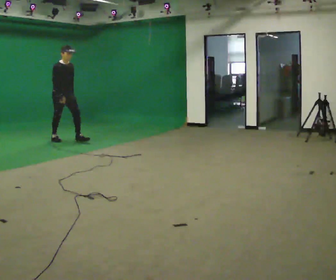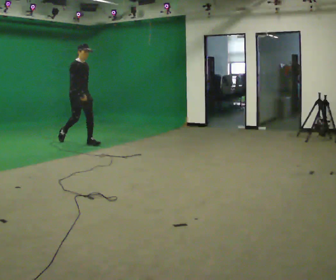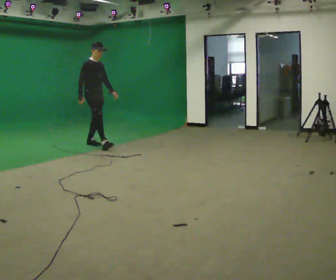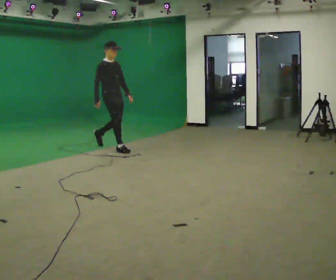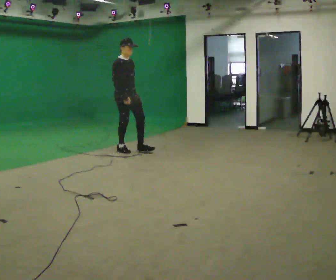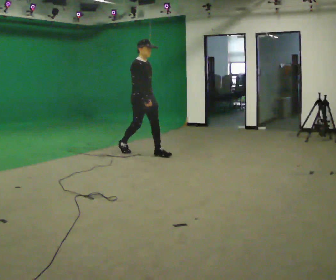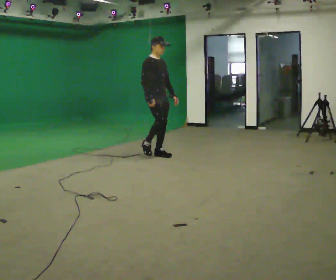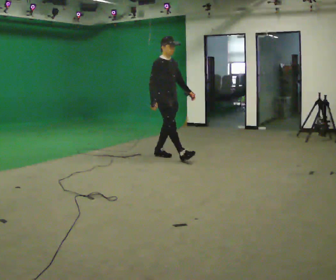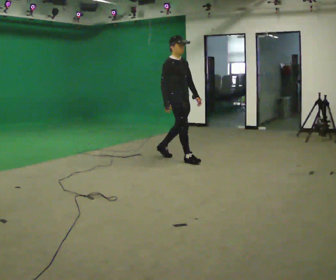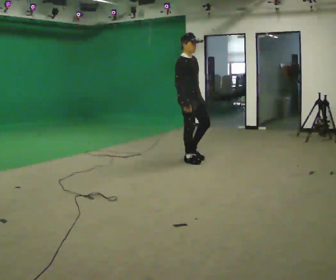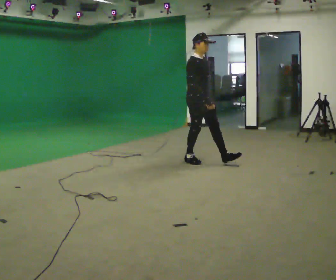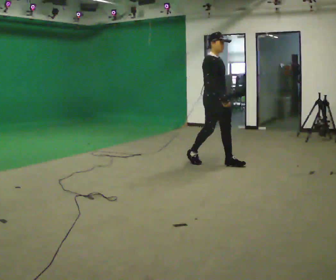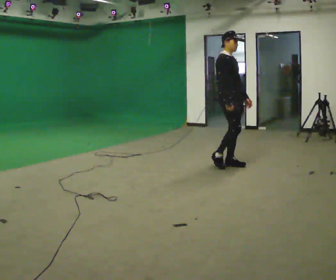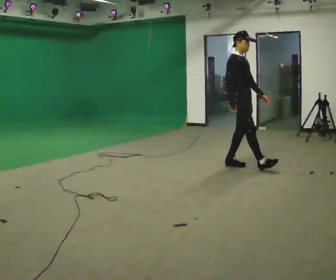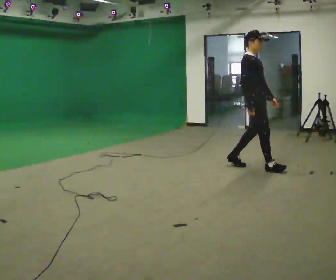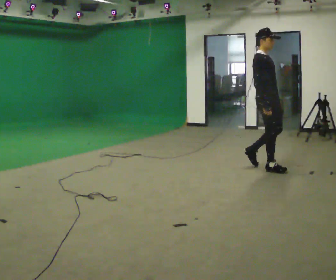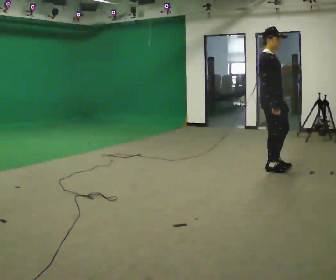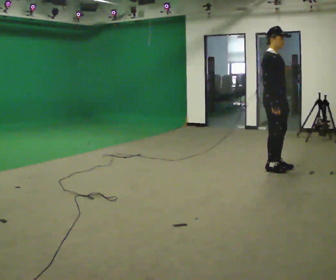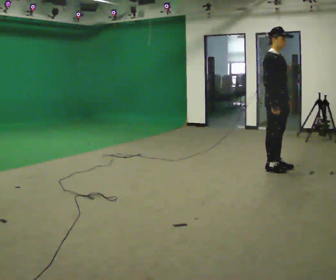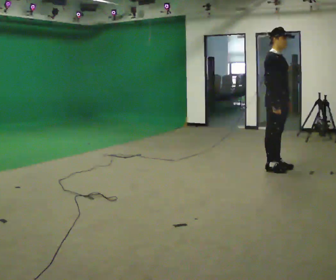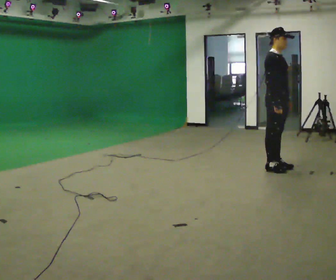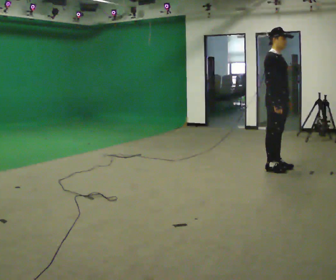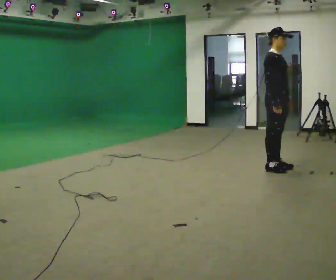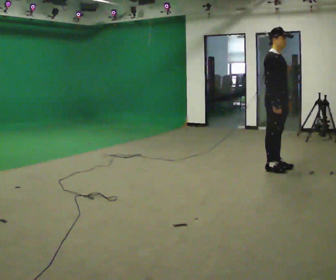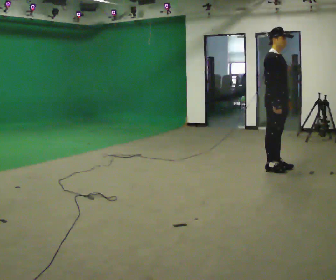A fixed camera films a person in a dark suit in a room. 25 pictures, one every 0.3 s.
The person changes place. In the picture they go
to the right.
0.0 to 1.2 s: In the picture they go to the right and toward the camera, about 1.5 m in 2 steps, which for them is forward.
1.2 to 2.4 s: In the picture they go to the right and toward the camera, about 1 m in 2 steps, which for them is forward.
2.4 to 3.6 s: In the picture they go to the right and toward the camera, about 1 m in 1 step, which for them is forward.
3.6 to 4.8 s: In the picture they go to the right and toward the camera, about 0.5 m in 1 step, which for them is forward.
4.8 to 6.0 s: The person moves a little, or ends about where they began.
6.0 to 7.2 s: The person keeps their place and pose.
The film runs forward here.
